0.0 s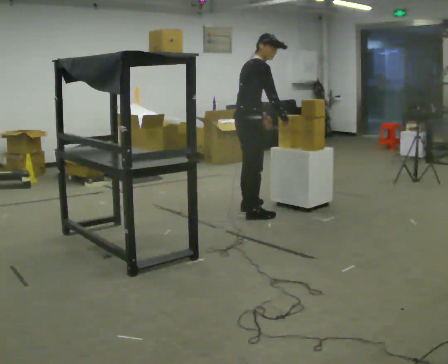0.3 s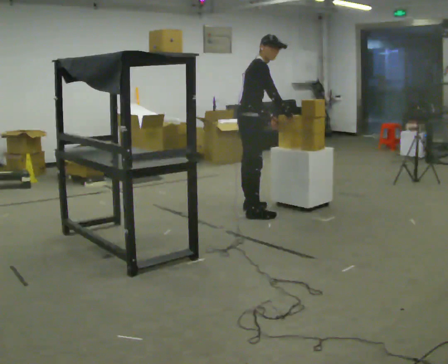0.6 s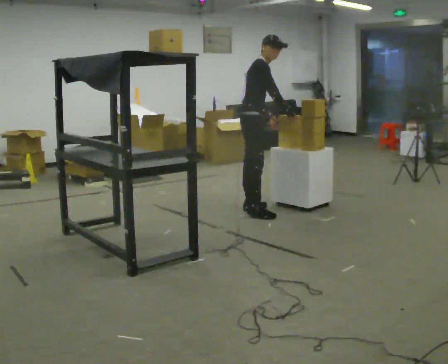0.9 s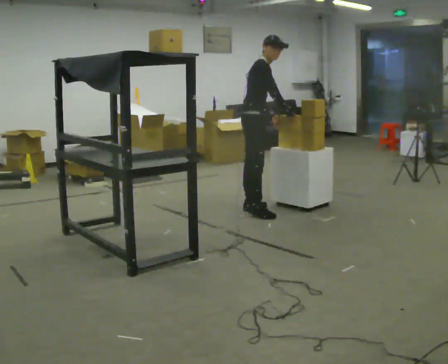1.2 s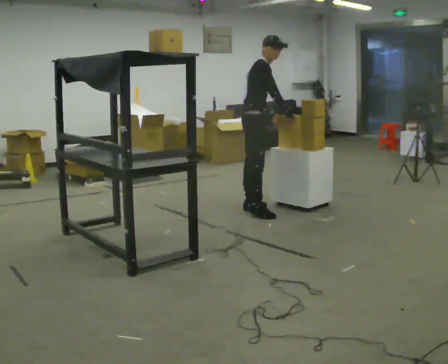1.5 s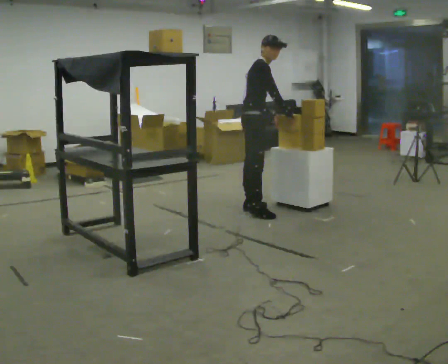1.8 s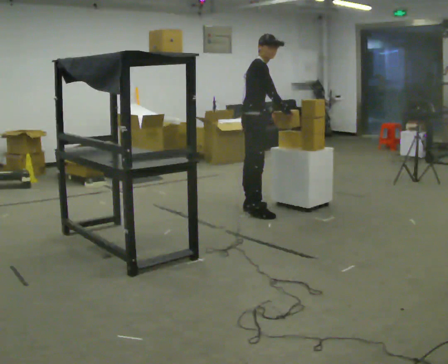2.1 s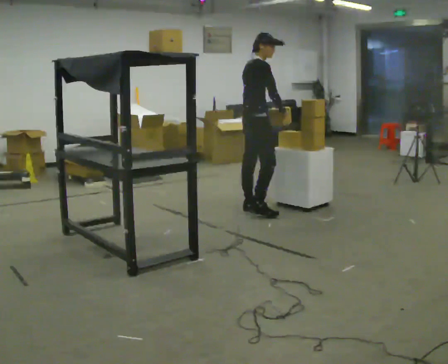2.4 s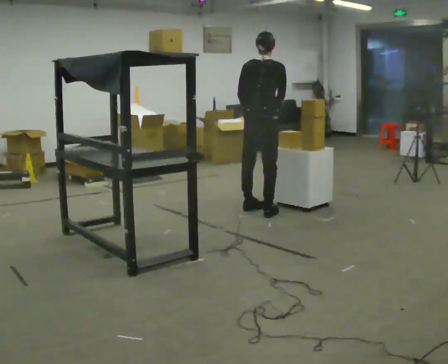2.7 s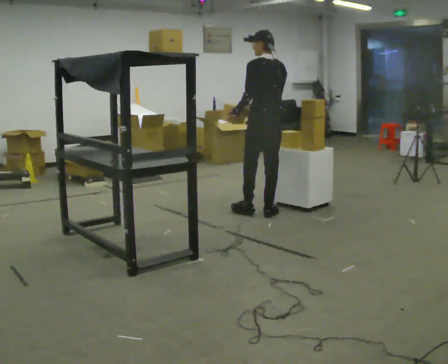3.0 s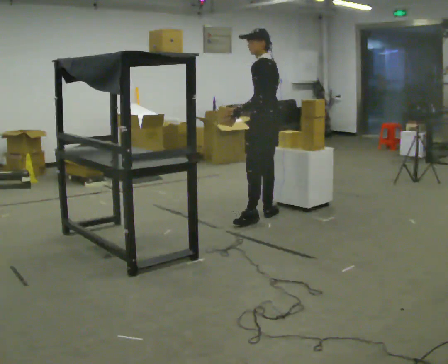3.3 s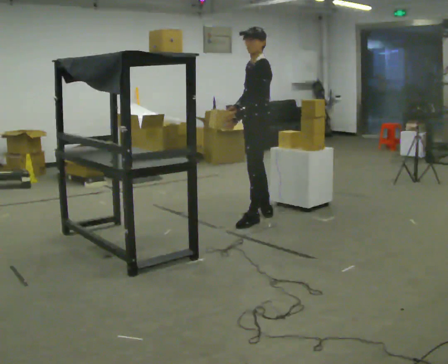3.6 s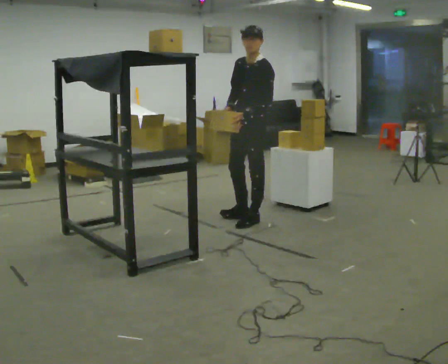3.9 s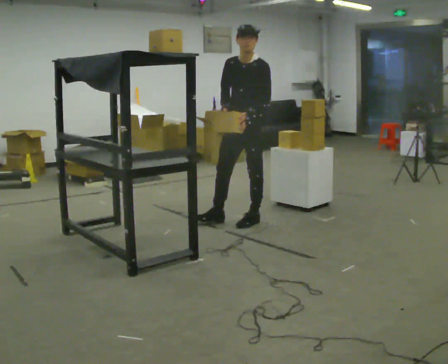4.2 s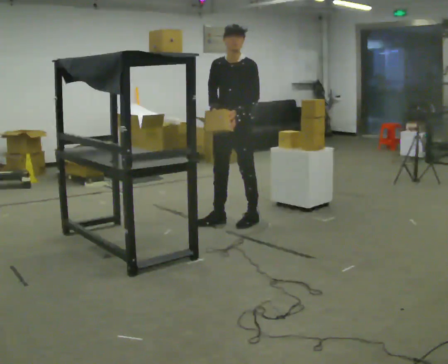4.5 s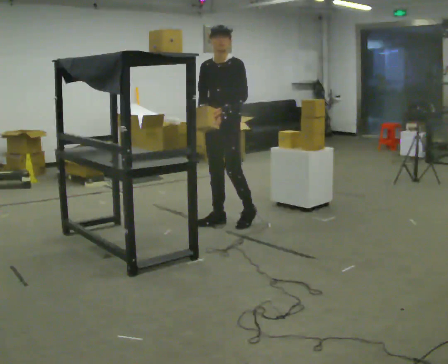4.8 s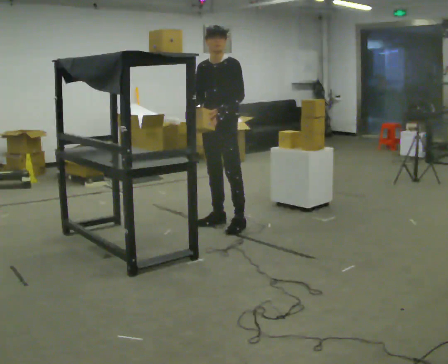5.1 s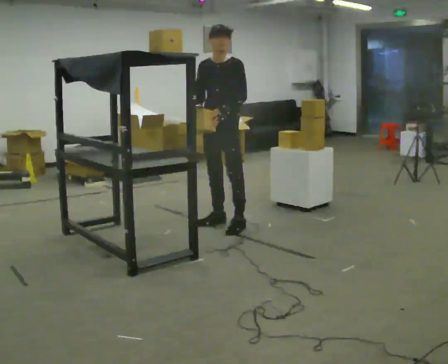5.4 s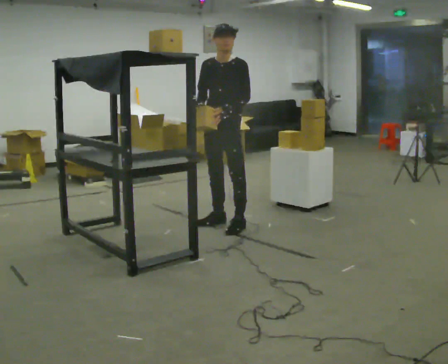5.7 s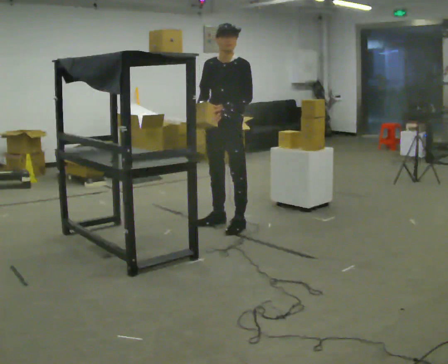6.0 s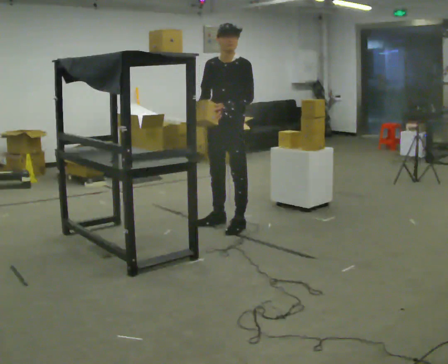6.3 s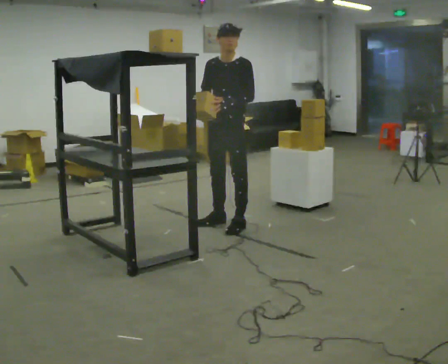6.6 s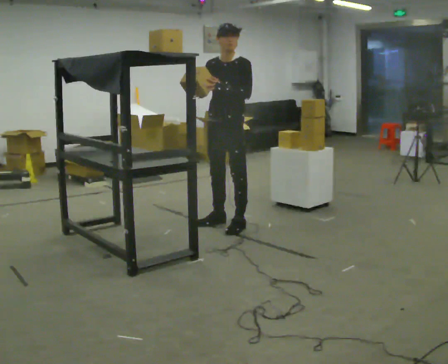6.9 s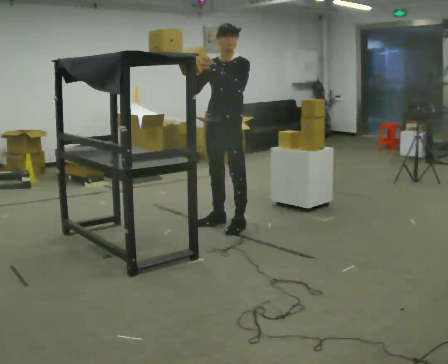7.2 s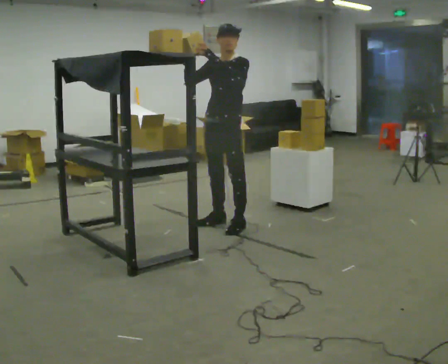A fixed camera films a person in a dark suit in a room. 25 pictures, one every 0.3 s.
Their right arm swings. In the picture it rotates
clockwise.
Their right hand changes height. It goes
upward.
0.0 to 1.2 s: In the picture they go away from the camera, about 0.25 m in 1 step, which for them is to their left.
1.2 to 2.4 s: The part of the body nearest the lens slides to the right as the person turns to their left by about 75 degrees. In the picture they go toward the camera, about 0.25 m in 1 step.
2.4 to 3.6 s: Seen from above the body turns counterclockwise, about 150 degrees: to their left, with its near side sliding to the right. In the picture they go toward the camera, about 0.25 m in 1 step.
3.6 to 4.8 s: In the picture they go to the left, about 0.25 m in 2 steps, which for them is to their right and forward.
4.8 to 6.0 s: The person moves a little, or ends about where they began.
6.0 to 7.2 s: In the picture their left hand goes upward.
The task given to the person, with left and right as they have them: Reach up into the bin on the top shelf, take out one object at a time, and carry it to the table. Keep going until the operator says stop; one object at a time, and do not rush between trips.
The film runs forward here.
